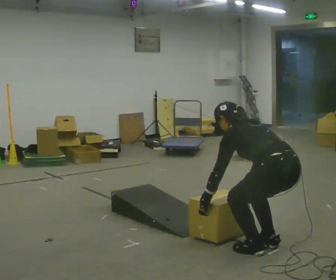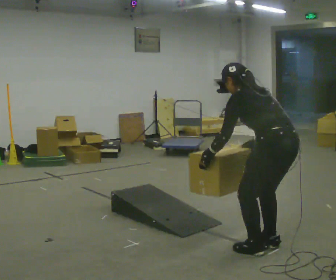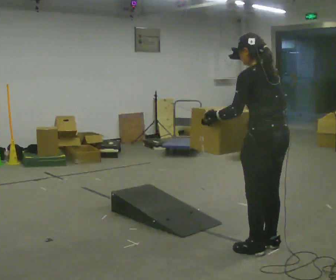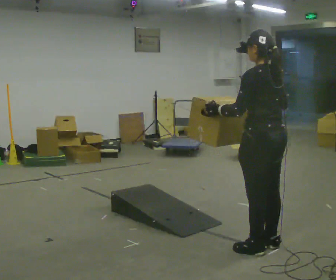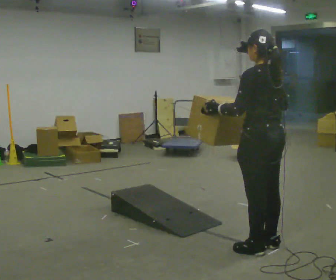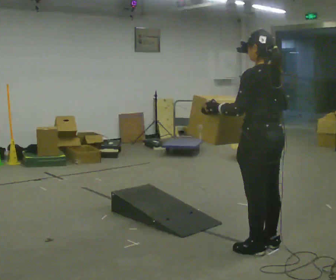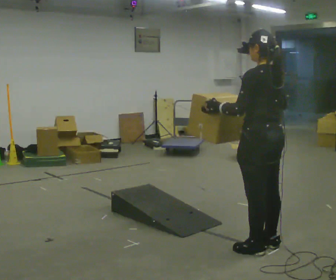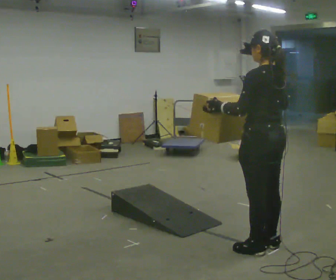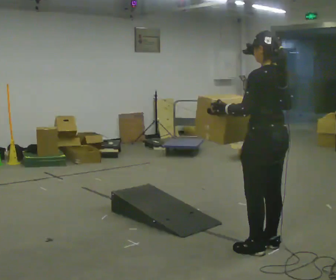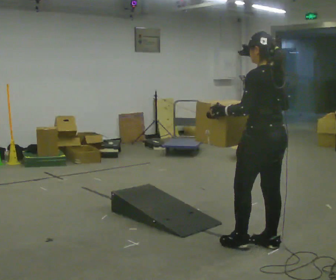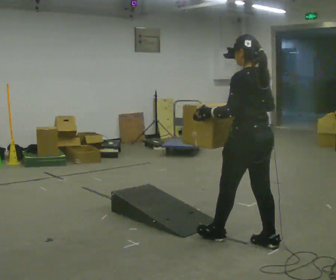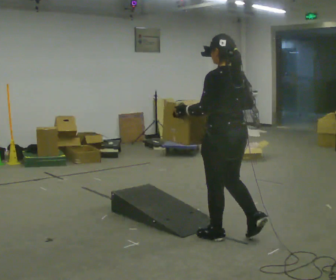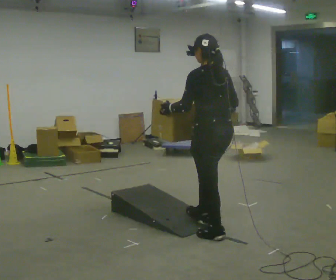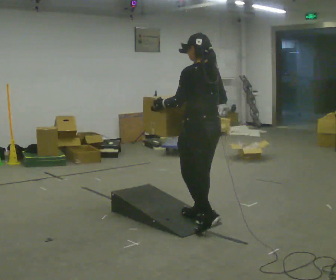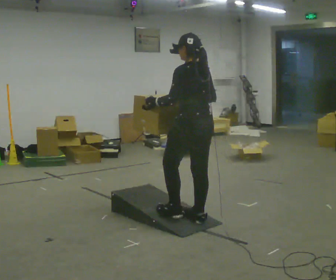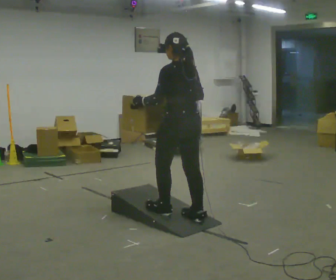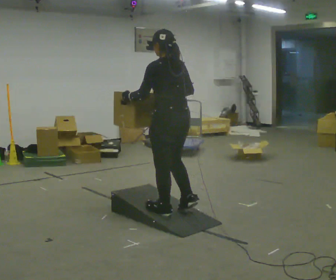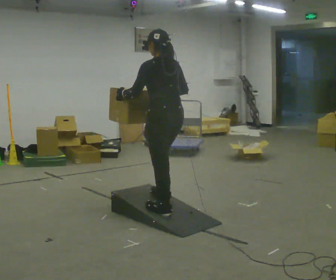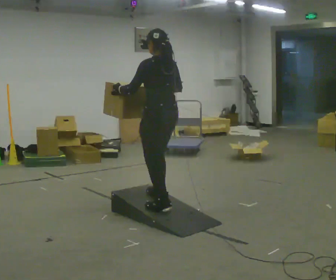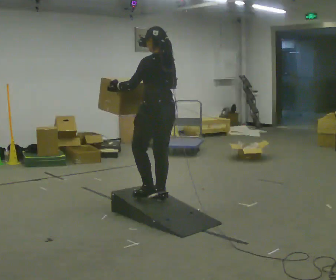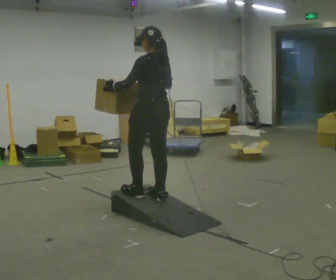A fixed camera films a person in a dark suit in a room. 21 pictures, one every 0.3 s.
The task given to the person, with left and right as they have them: Carry the box up the ramp, turn at the top, and carry it back down. Keep going until the operator says stop; one object at a time, and do not rush between trips.
0.0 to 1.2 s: The upper body goes upward. In the picture the upper body tilts clockwise, shoulders to the right, as they lean back or straighten. In the picture their left hand goes upward.
1.2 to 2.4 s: The person moves a little, or ends about where they began.
2.4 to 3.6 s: In the picture they go to the left and away from the camera, about 0.5 m in 1 step, which for them is forward.
3.6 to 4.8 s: In the picture they go to the left and away from the camera, about 0.5 m in 2 steps, which for them is forward.
4.8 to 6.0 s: In the picture they go away from the camera and to the left, about 0.25 m in 2 steps, which for them is forward.
The film runs forward here.
